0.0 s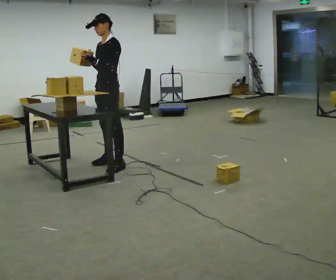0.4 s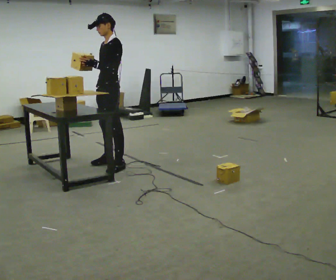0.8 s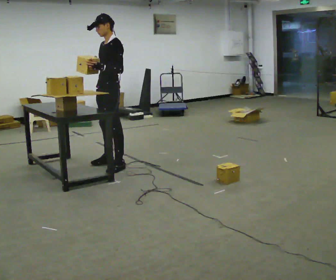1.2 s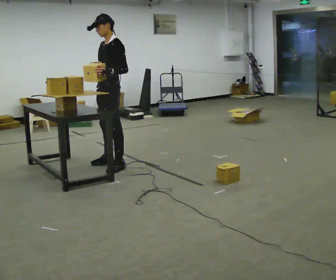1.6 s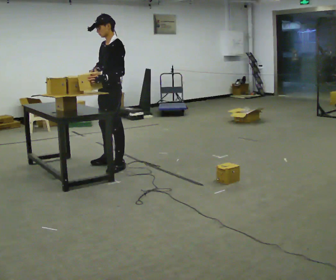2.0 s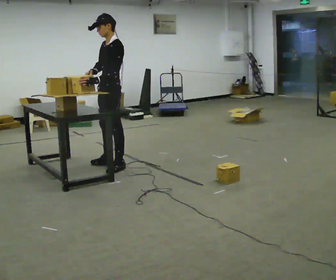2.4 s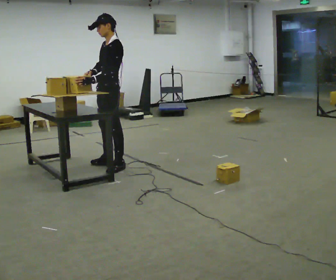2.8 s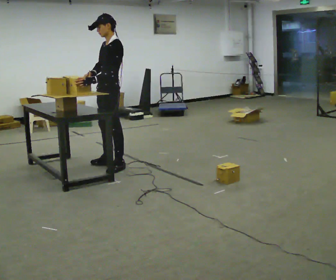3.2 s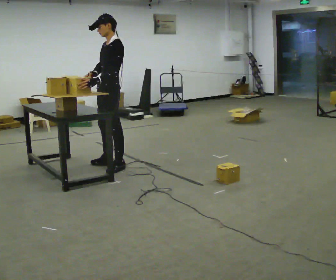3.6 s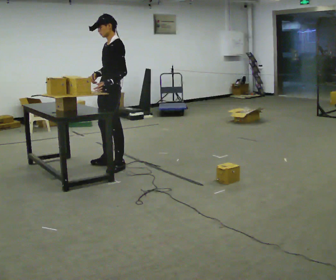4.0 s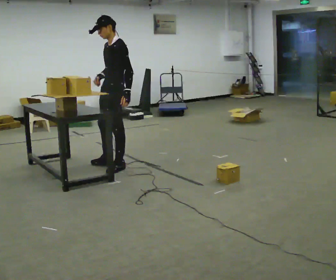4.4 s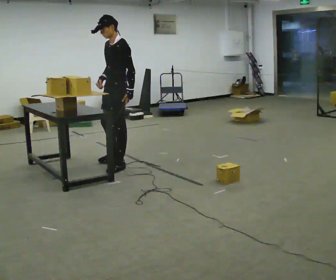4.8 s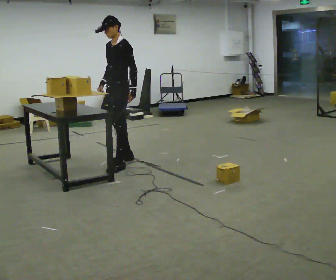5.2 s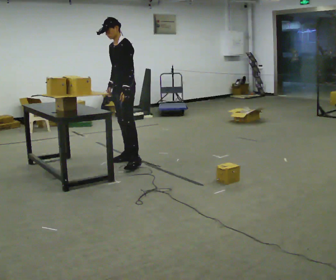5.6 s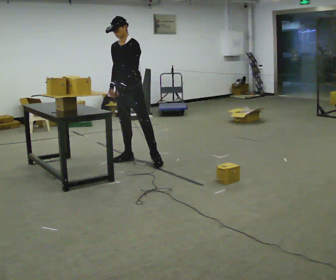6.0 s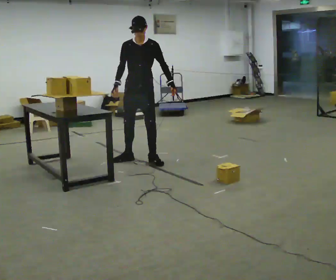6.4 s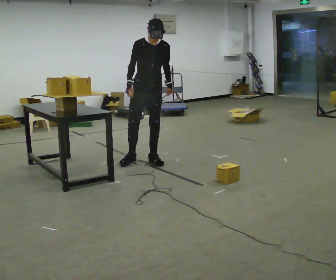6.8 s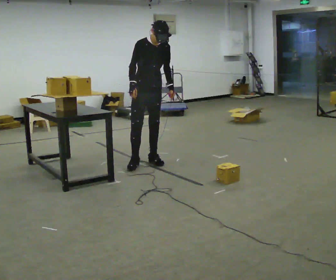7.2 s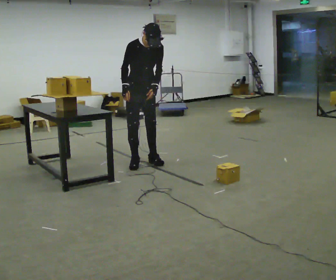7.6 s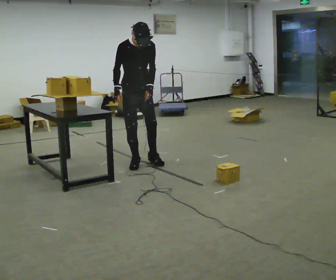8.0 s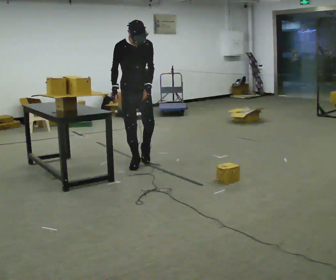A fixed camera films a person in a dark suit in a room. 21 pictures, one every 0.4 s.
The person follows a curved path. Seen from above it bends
clockwise.
0.0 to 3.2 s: The person moves a little, or ends about where they began.
3.2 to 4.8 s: In the picture they go away from the camera, about 0.25 m in 1 step, which for them is to their right and backward.
4.8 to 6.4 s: Seen from above the body turns counterclockwise, about 60 degrees: to their left, with its near side sliding to the right. In the picture they go to the right, about 0.25 m in 1 step.
6.4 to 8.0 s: In the picture they go to the left, about 0.25 m in 1 step, which for them is to their right. In the picture their left hand goes to the left.
The film runs forward here.
